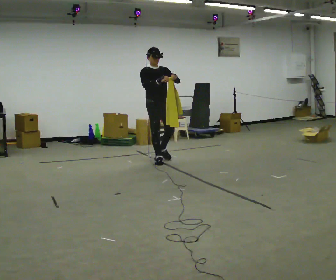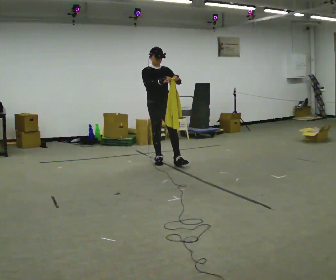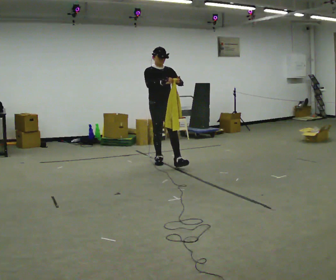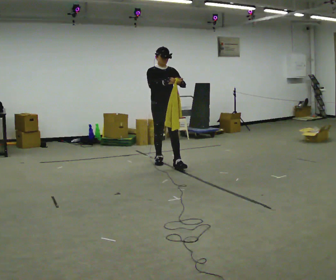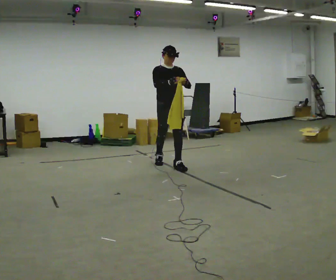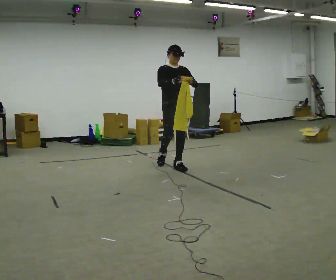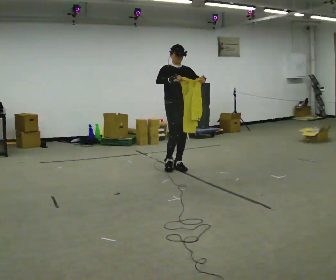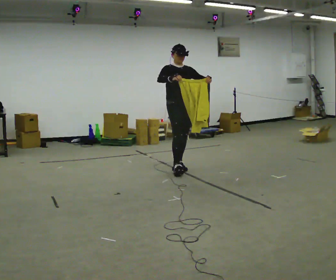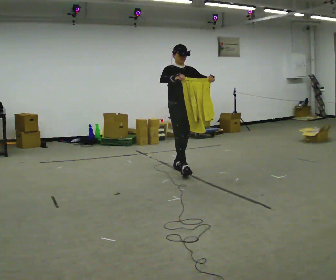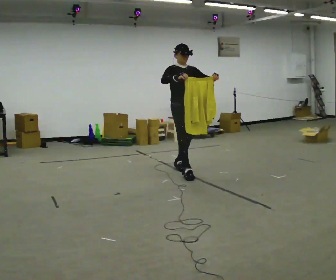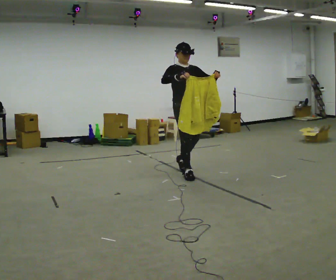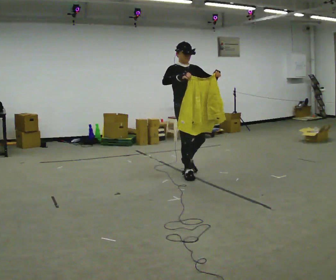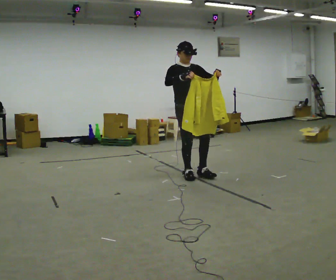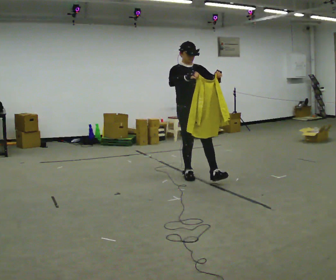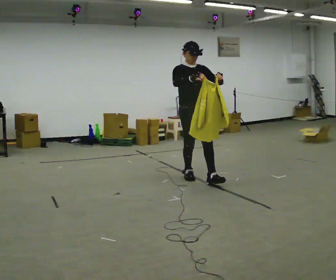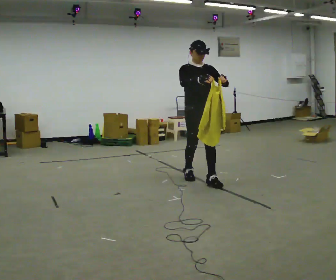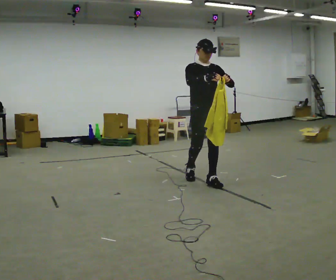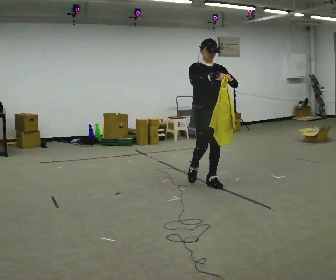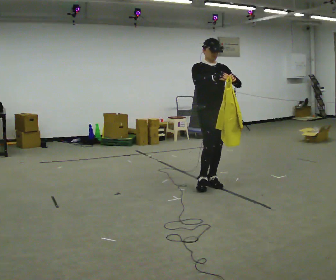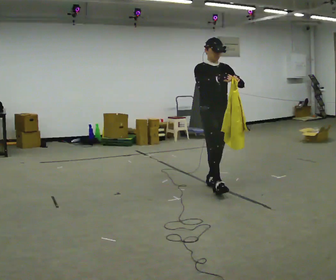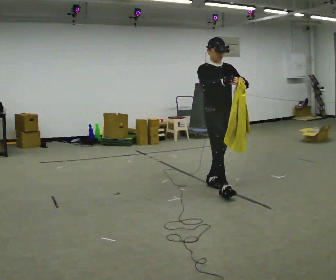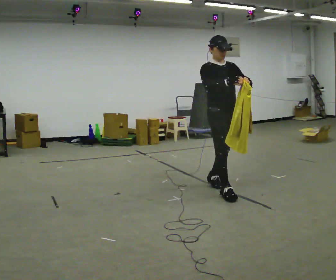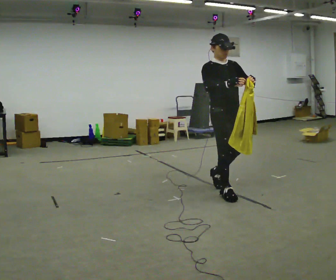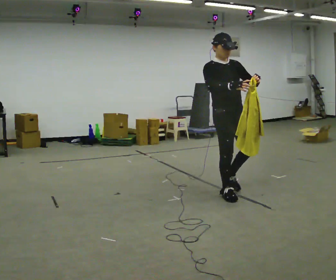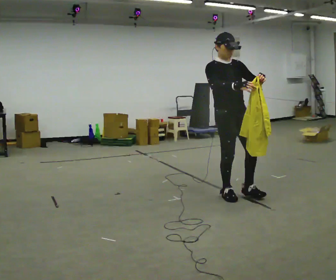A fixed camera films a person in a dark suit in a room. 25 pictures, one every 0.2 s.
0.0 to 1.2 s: In the picture they go to the right and toward the camera, about 0.5 m in 1 step, which for them is forward.
1.2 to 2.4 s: In the picture they go toward the camera and to the right, about 0.5 m in 1 step, which for them is forward.
2.4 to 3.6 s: In the picture they go toward the camera and to the right, about 0.5 m in 1 step, which for them is forward.
3.6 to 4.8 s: In the picture they go toward the camera and to the right, about 0.5 m in 1 step, which for them is forward.
The film runs forward here.
